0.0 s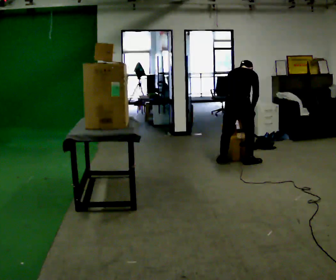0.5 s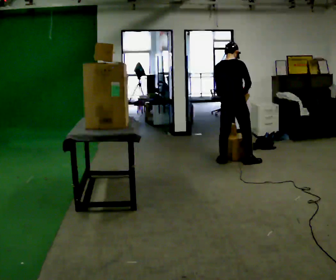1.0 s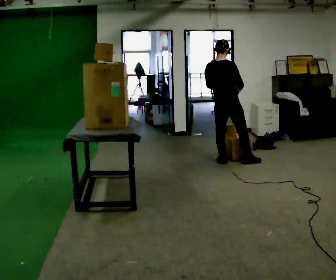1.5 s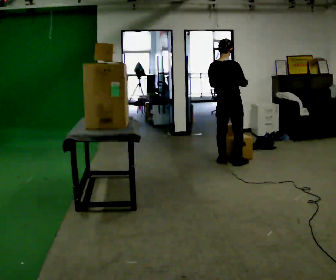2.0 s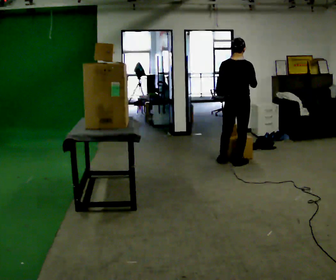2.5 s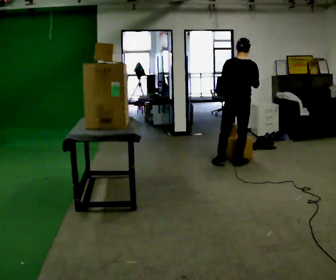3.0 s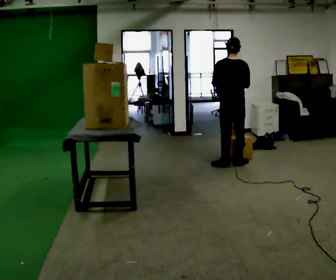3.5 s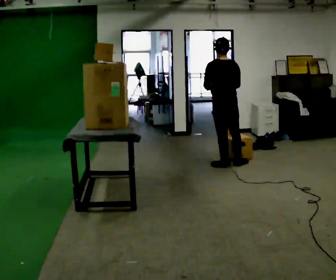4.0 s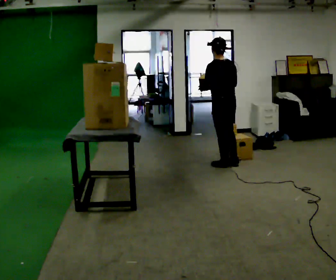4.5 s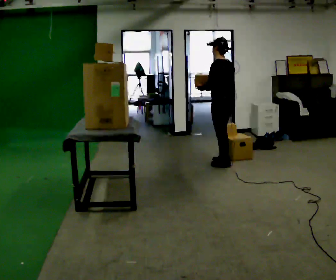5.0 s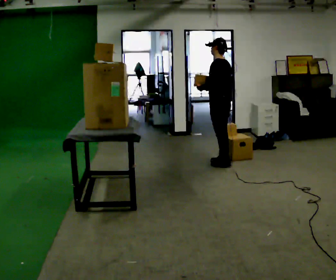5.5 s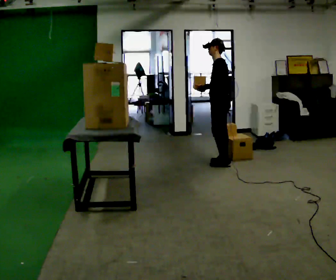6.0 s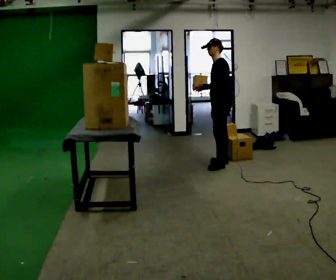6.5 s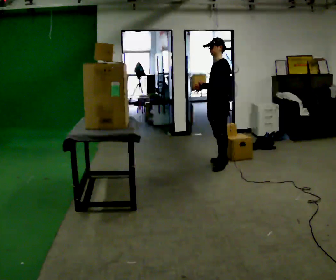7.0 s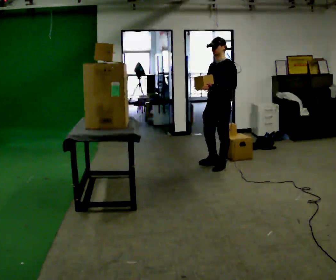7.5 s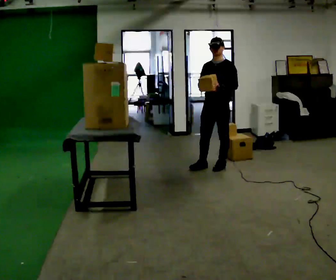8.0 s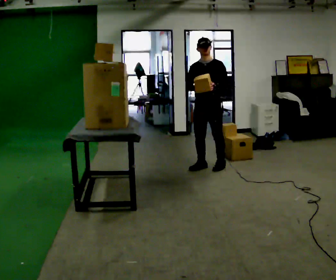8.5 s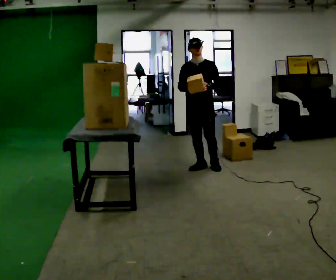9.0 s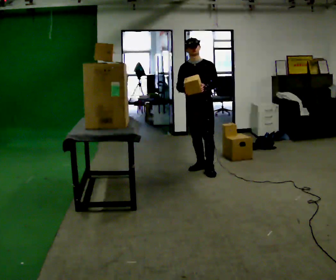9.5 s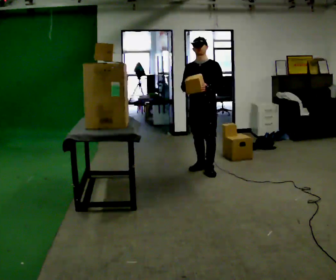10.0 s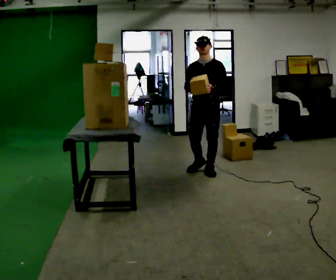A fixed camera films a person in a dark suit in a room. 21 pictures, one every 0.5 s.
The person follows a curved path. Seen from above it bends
counterclockwise.
The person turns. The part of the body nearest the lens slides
to the right.
0.0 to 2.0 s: The upper body tips toward the camera, its near side rolling downward, as they lean back or straighten. In the picture their right hand goes upward.
2.0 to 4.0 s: Seen from above the body turns counterclockwise, about 45 degrees: to their left, with its near side sliding to the right. In the picture they go to the left, about 0.25 m in 1 step, which for them is to their left. In the picture their right hand goes to the left.
4.0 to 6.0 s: Seen from above the body turns counterclockwise, about 60 degrees: to their left, with its near side sliding to the right. In the picture they go away from the camera, about 0.25 m in 1 step, which for them is to their right.
6.0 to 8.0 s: The part of the body nearest the lens slides to the right as the person turns to their left by about 75 degrees. In the picture they go to the left and toward the camera, about 0.25 m in 1 step.
8.0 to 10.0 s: In the picture they go toward the camera, about 0.25 m in 1 step, which for them is forward.
The film runs forward here.
